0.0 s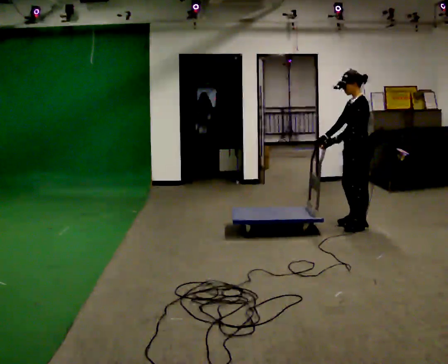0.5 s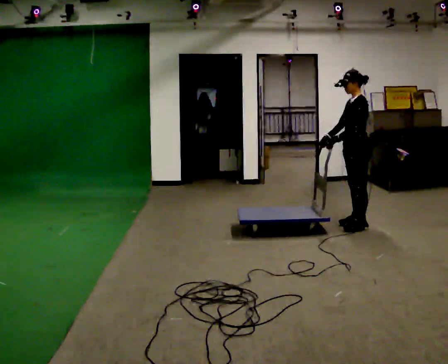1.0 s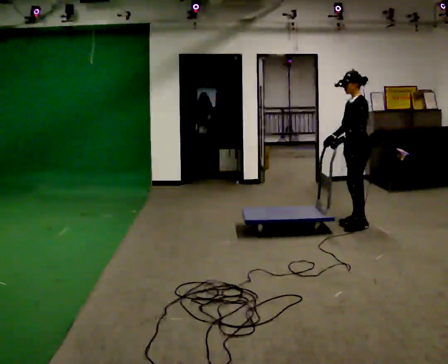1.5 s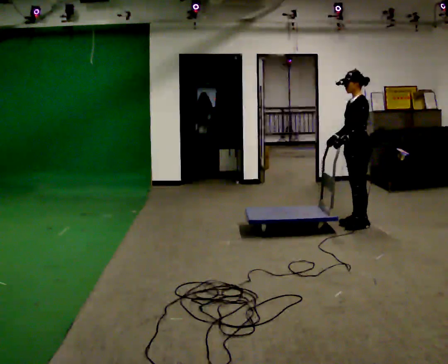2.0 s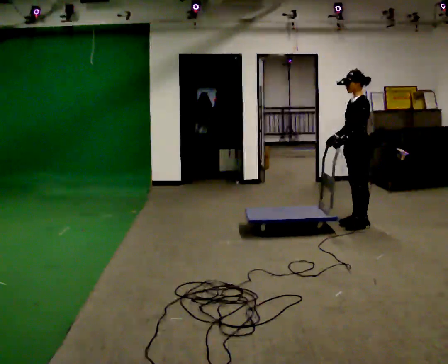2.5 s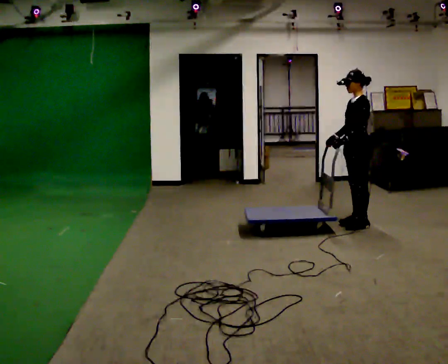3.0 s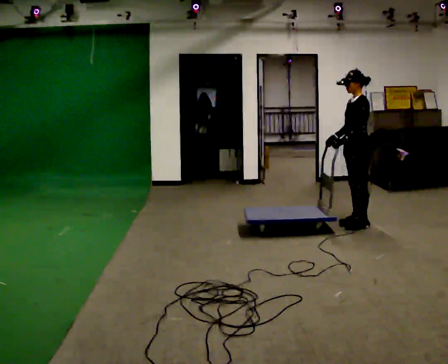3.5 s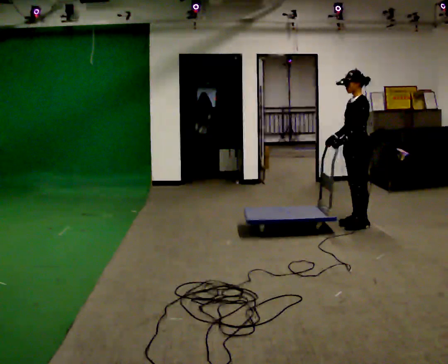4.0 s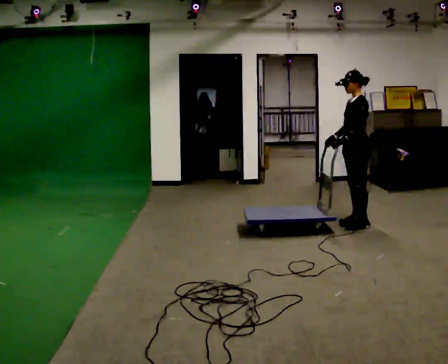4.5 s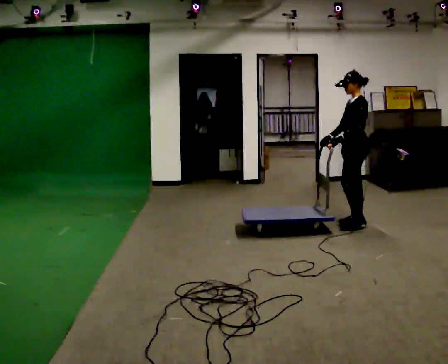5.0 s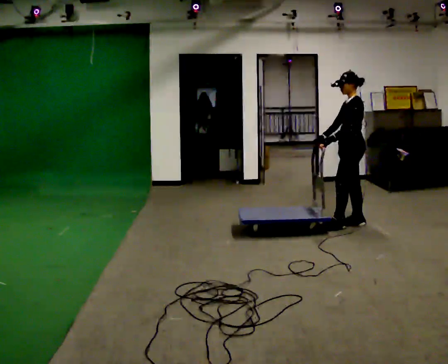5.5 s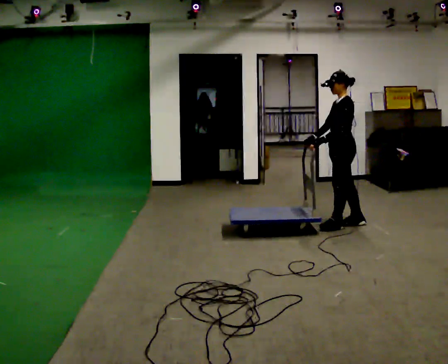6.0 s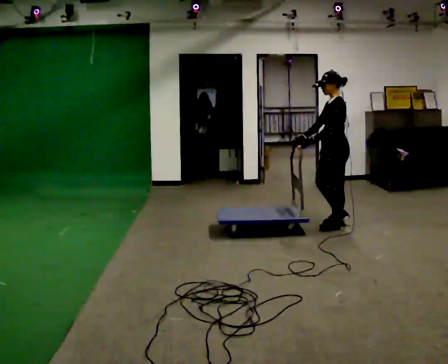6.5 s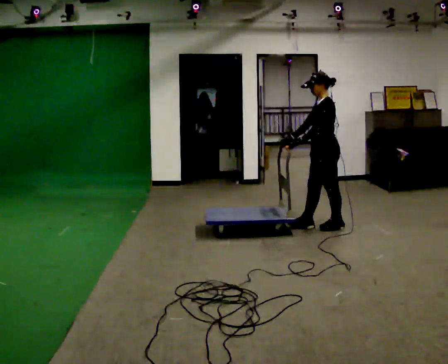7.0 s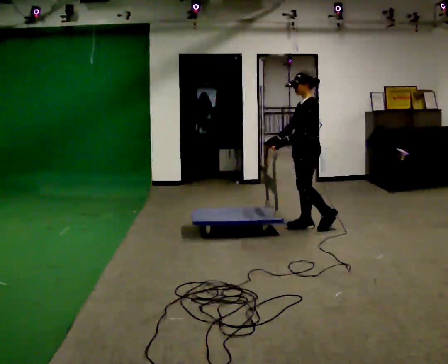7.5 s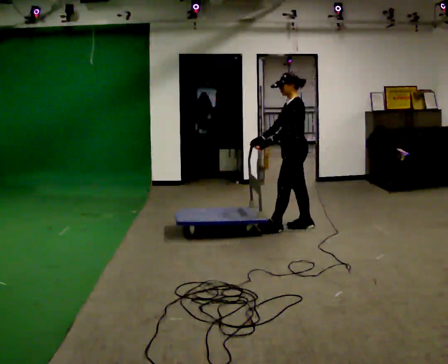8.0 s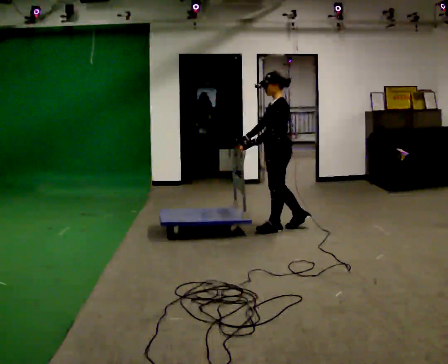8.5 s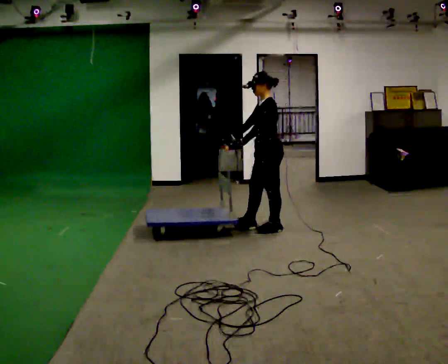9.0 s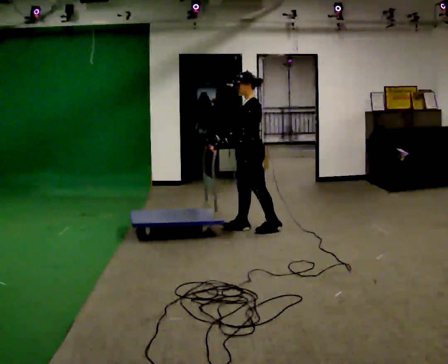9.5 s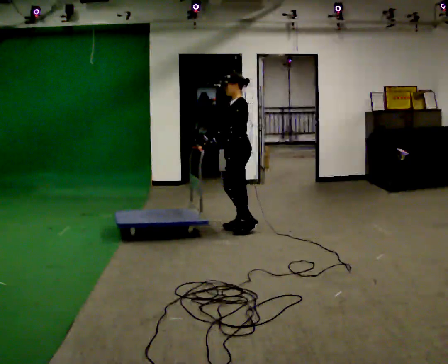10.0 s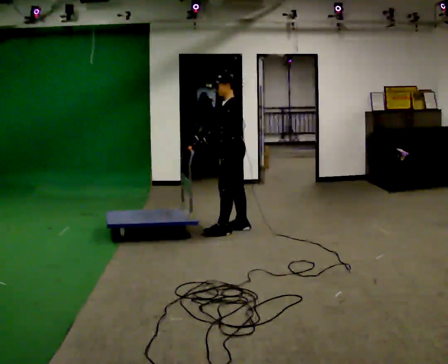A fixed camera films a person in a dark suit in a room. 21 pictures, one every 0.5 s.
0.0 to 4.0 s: The person moves a little, or ends about where they began.
4.0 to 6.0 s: In the picture they go to the left, about 0.25 m in 1 step, which for them is forward. In the picture their left hand goes to the left.
6.0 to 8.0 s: In the picture they go to the left, about 0.5 m in 2 steps, which for them is forward.
8.0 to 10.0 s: In the picture they go to the left, about 0.5 m in 2 steps, which for them is forward.
The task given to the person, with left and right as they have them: Get the cart into the marked parking space and lined up with the tape. Take as many adjustments as you need. Then take it out again and repeat.
The film runs forward here.
